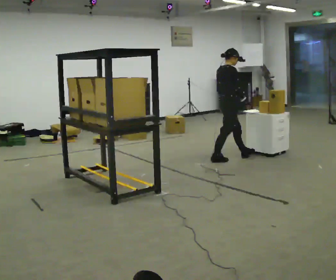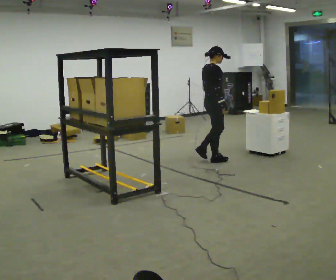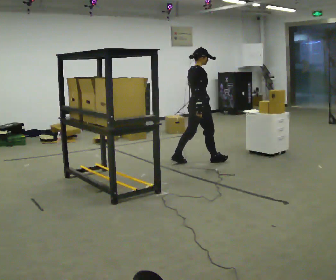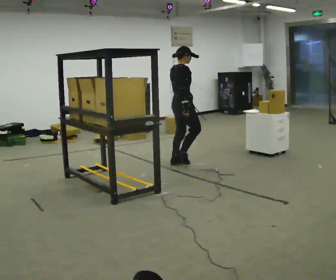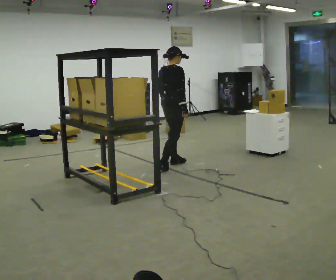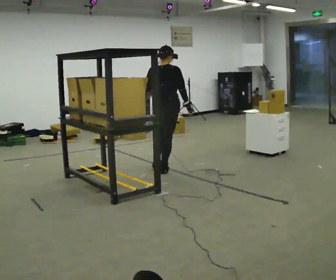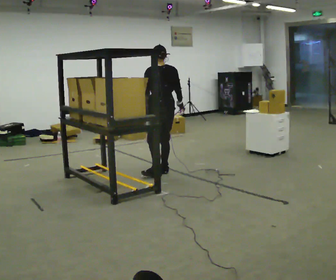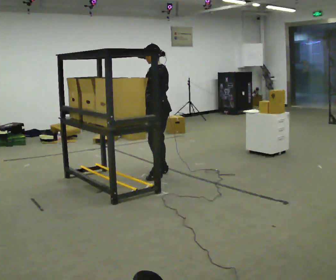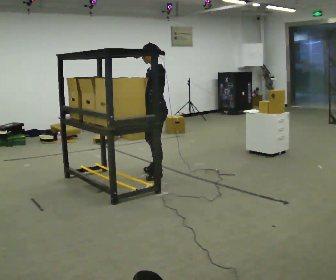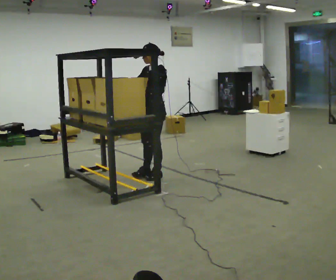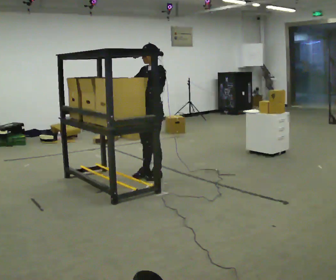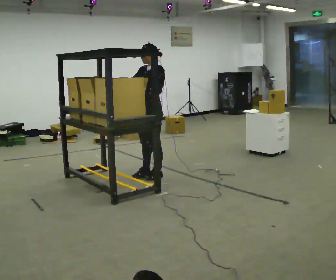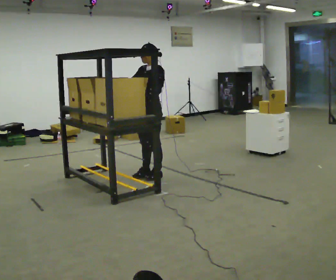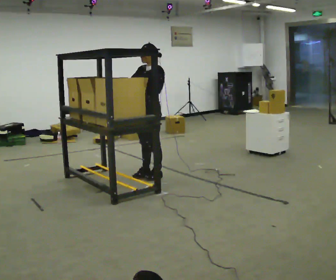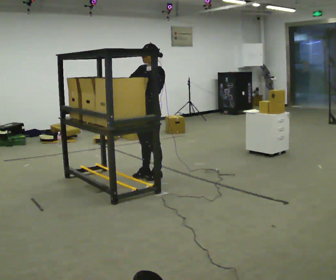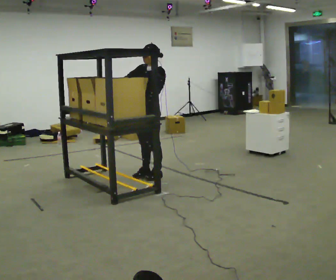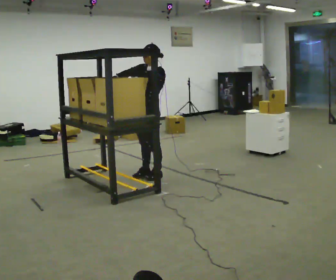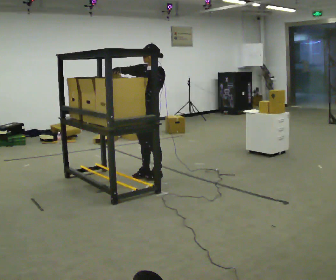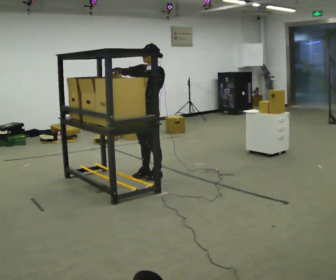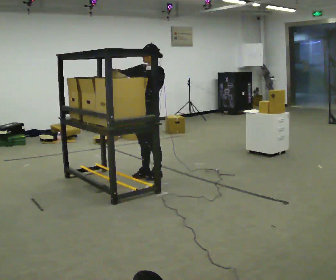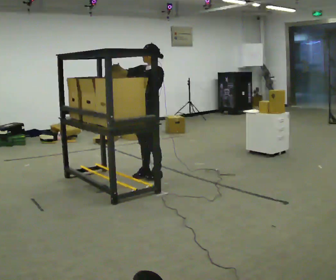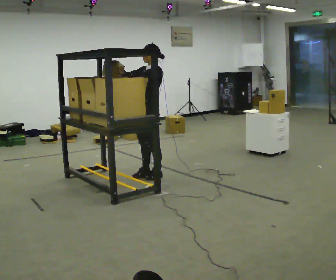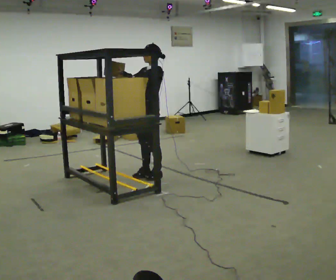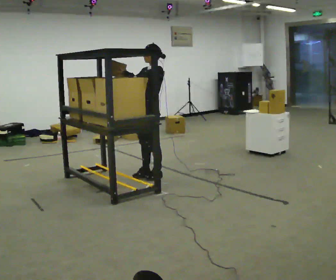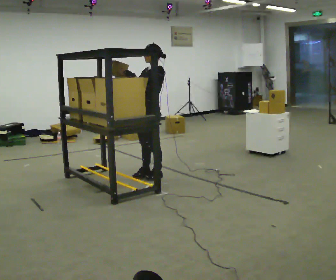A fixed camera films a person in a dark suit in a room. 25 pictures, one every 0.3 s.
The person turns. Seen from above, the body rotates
counterclockwise.
The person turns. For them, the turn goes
to their left.
0.0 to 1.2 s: The part of the body nearest the lens slides to the right as the person turns to their left by about 30 degrees. In the picture they go to the left, about 1 m in 1 step, which for them is backward.
1.2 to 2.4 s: The person turns about 150 degrees to their left, counterclockwise seen from above, so the part of the body nearest the lens slides to the right. In the picture they go toward the camera and to the left, about 0.5 m in 2 steps.
2.4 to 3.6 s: Seen from above the body turns counterclockwise, about 30 degrees: to their left, with its near side sliding to the right.
3.6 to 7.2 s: The person moves a little, or ends about where they began.
The film runs backward here.
